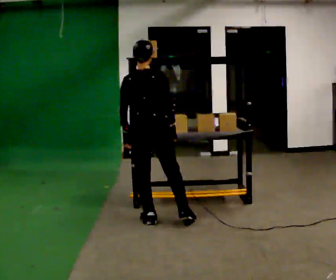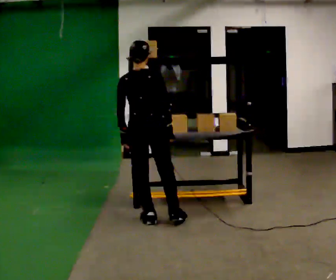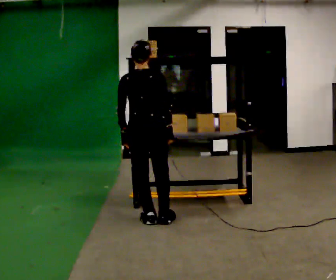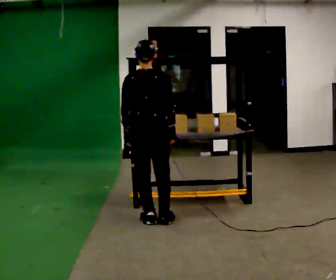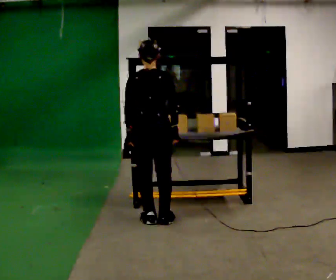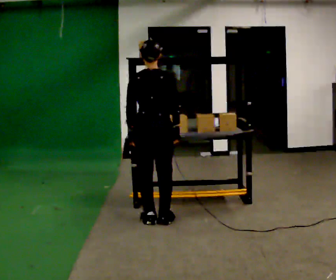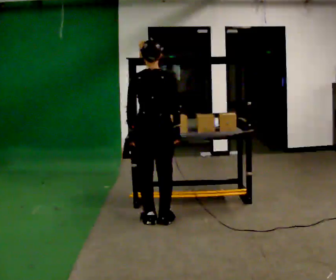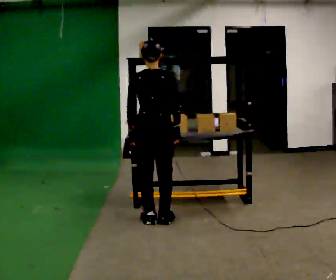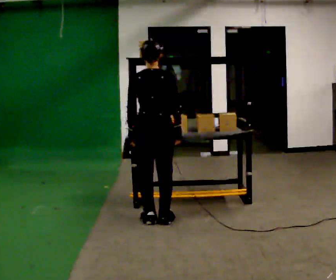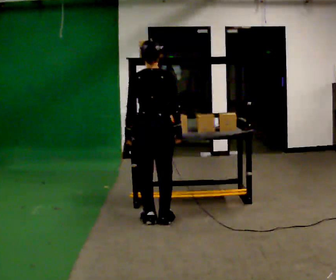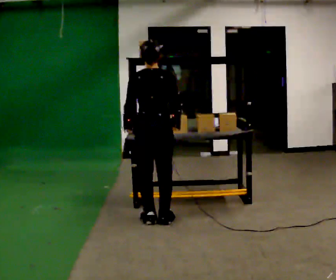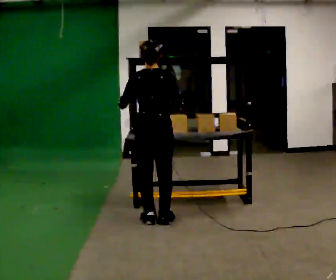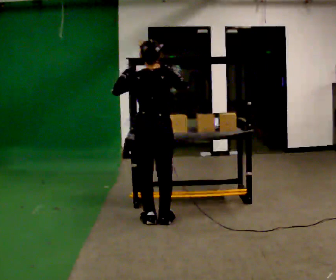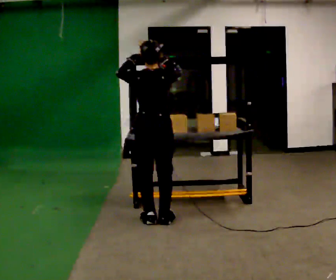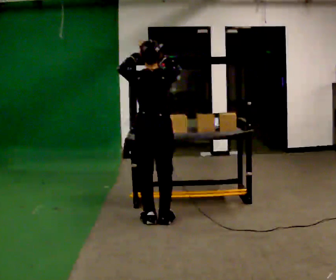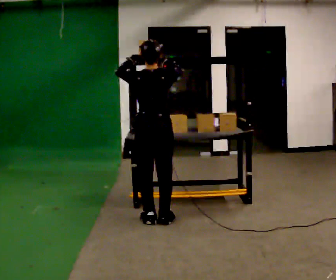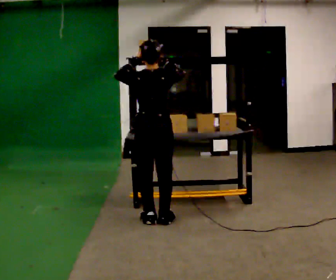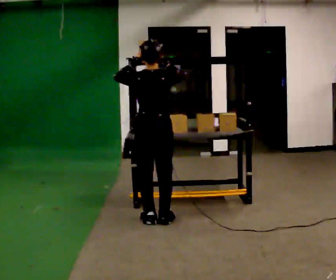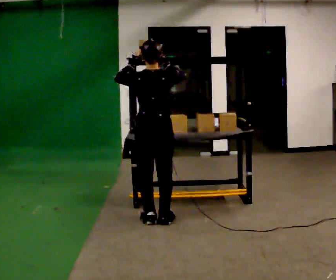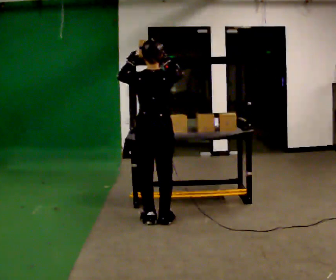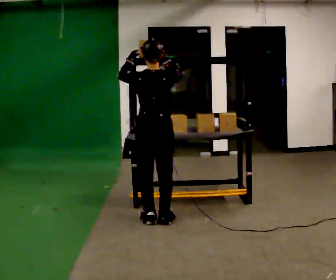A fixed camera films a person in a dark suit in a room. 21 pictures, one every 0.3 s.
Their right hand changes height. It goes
upward.
Their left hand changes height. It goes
upward.
0.0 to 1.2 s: The person moves a little, or ends about where they began.
1.2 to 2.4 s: The person keeps their place and pose.
2.4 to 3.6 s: In the picture their right hand goes upward.
3.6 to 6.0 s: The person moves a little, or ends about where they began.
The film runs backward here.
